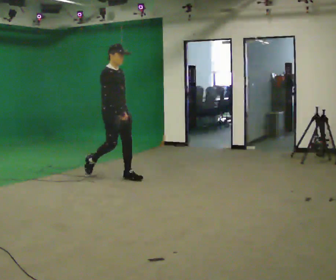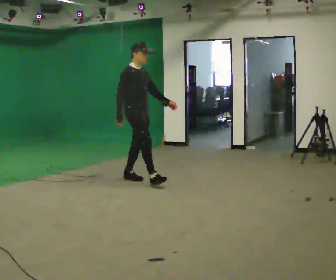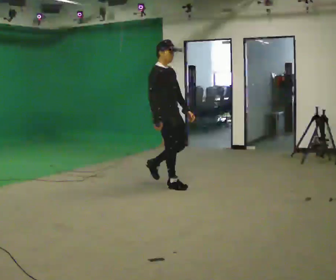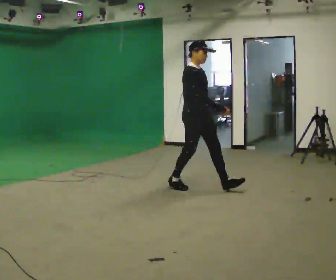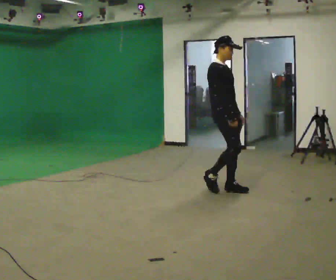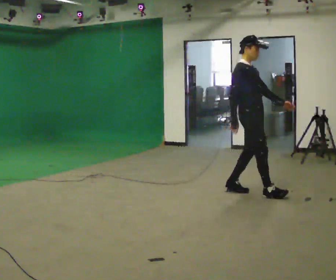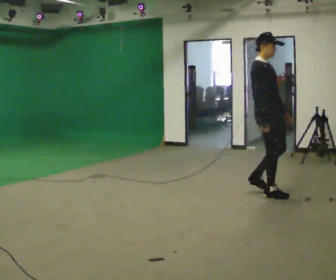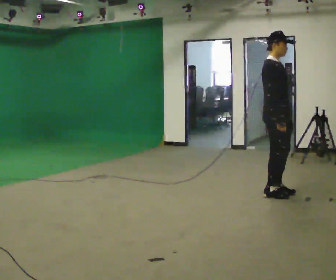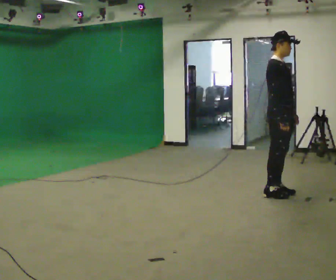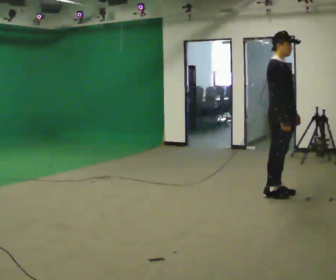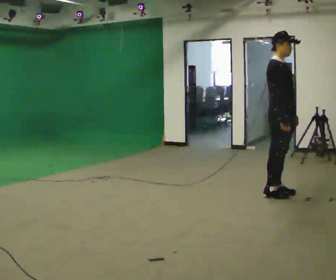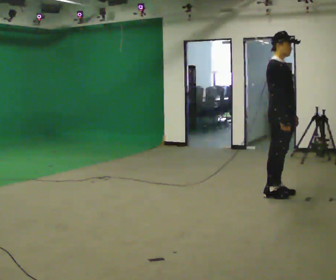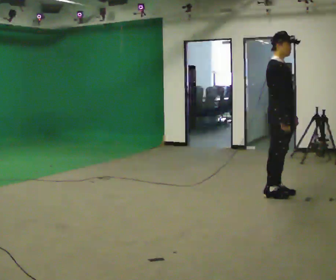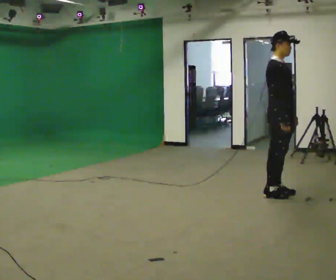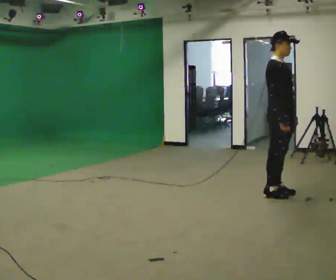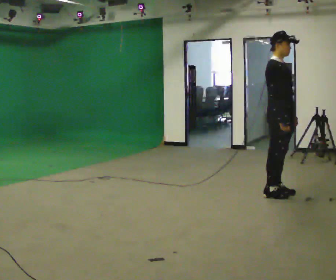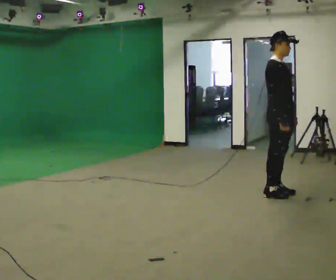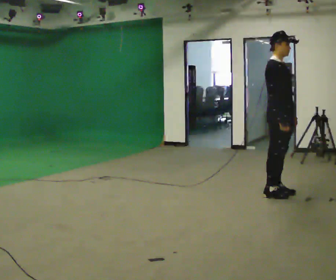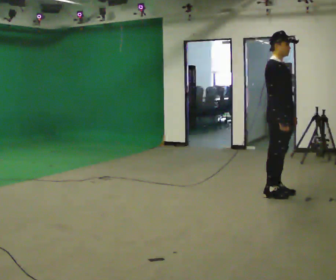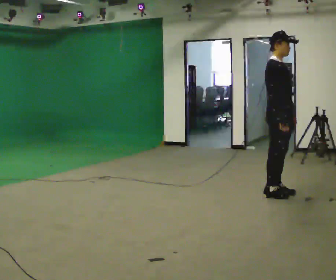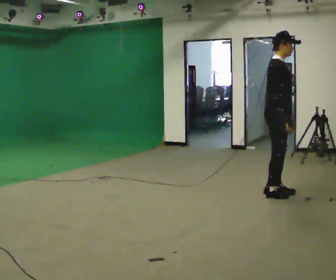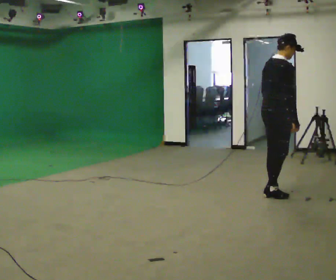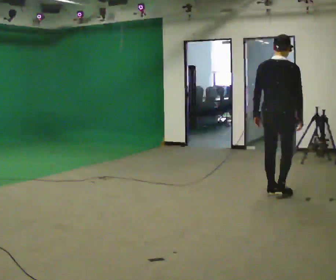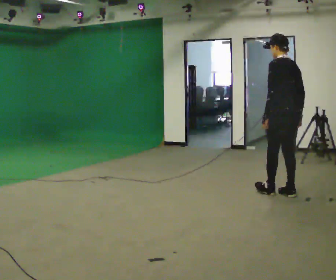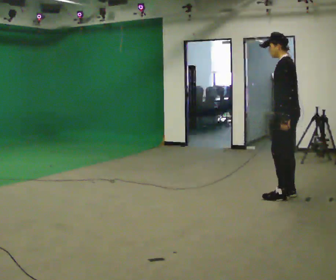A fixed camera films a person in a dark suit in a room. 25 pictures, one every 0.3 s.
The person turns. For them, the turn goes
to their left.
The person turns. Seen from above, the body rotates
counterclockwise.
0.0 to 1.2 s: In the picture they go to the right, about 1.5 m in 2 steps, which for them is forward.
1.2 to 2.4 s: In the picture they go to the right, about 0.5 m in 2 steps, which for them is forward.
2.4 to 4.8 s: The person keeps their place and pose.
4.8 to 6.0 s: The person moves a little, or ends about where they began.
6.0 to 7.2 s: Seen from above the body turns counterclockwise, about 165 degrees: to their left, with its near side sliding to the right. In the picture they go to the right, about 0.25 m in 2 steps.
The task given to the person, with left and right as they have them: Walk normally; at marked point stop as quickly as comfortably possible; remain still.
The film runs forward here.
